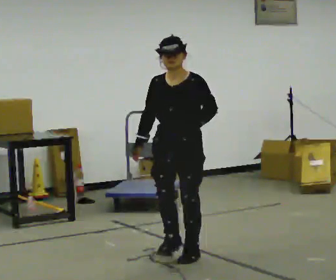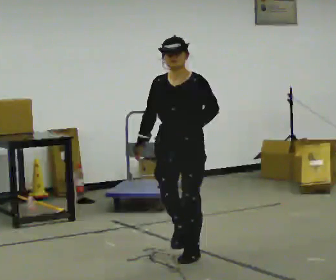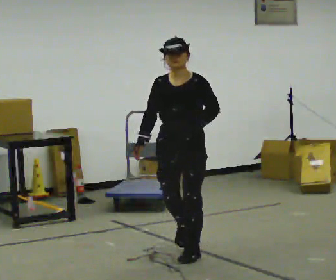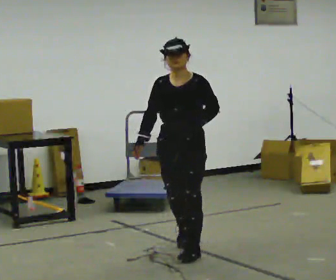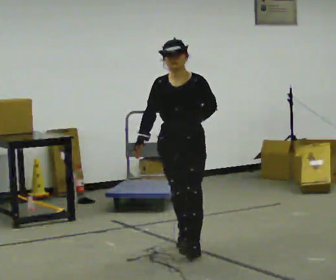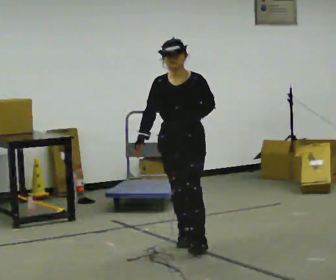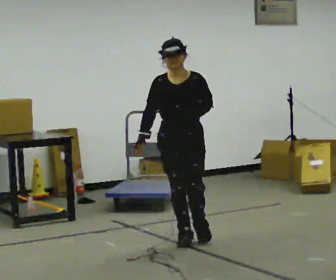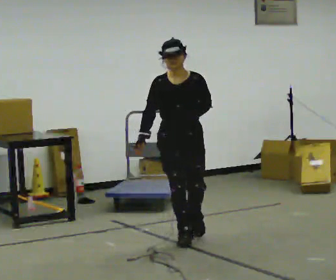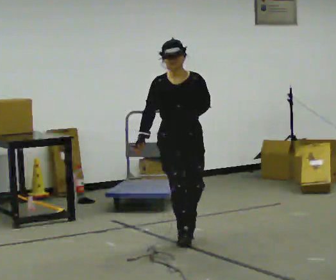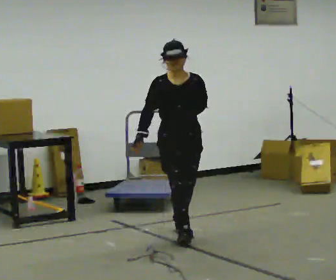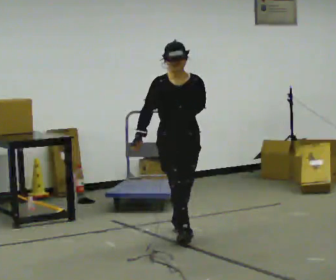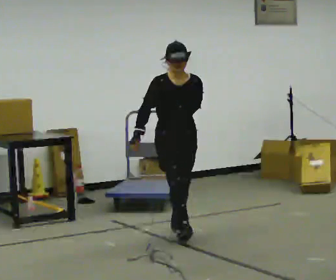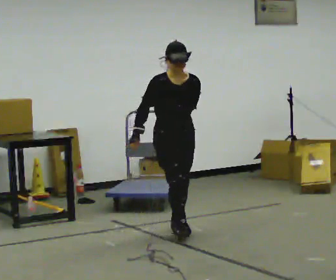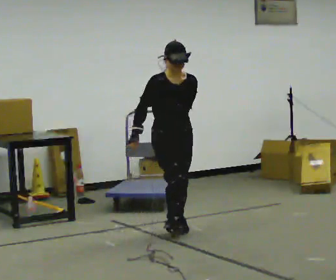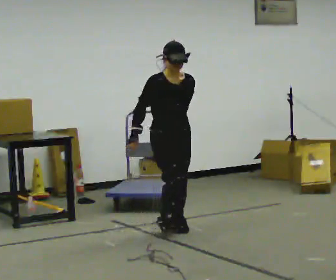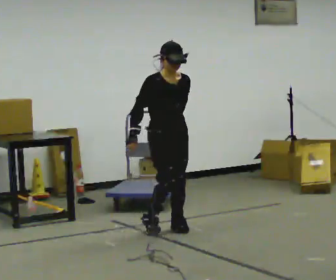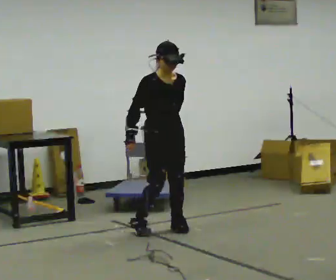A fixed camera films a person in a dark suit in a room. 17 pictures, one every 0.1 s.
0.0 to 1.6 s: The part of the body nearest the lens slides to the right as the person turns to their left by about 45 degrees. In the picture they go away from the camera, about 1 m in 2 steps, which for them is backward.
The film runs backward here.
